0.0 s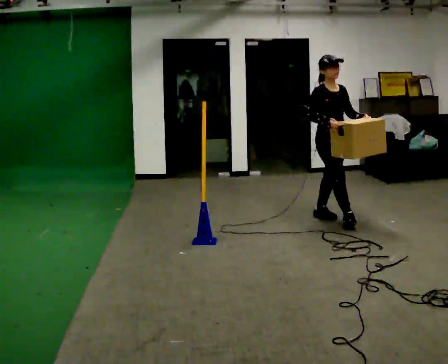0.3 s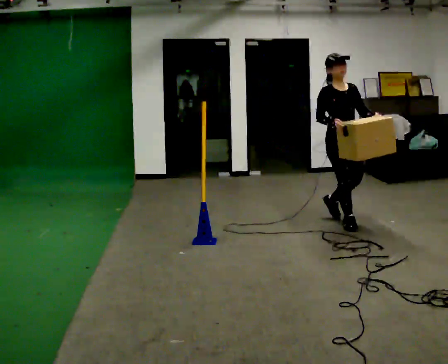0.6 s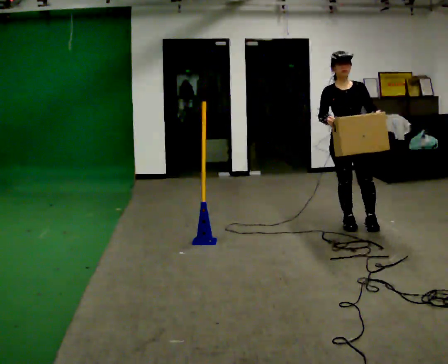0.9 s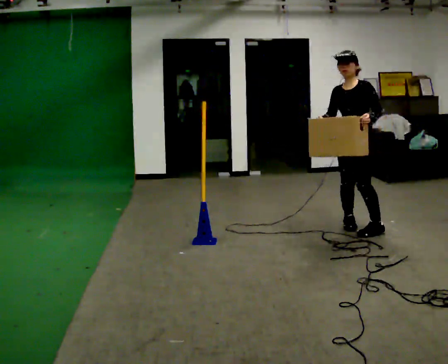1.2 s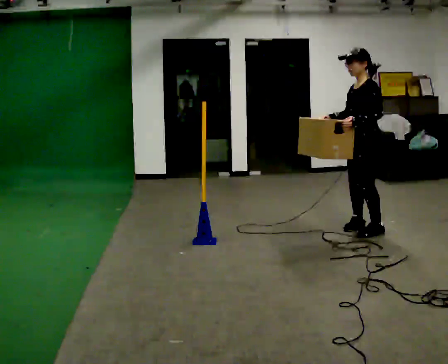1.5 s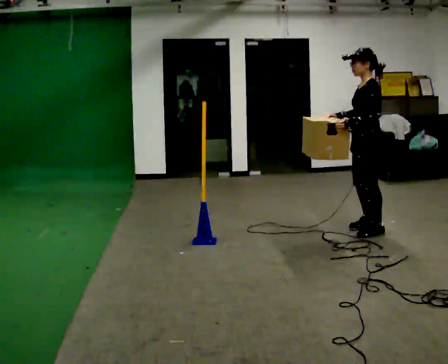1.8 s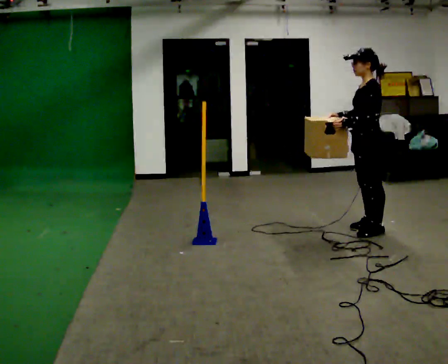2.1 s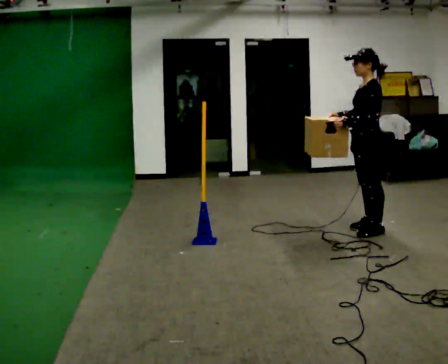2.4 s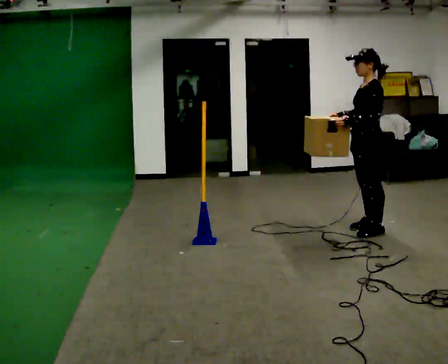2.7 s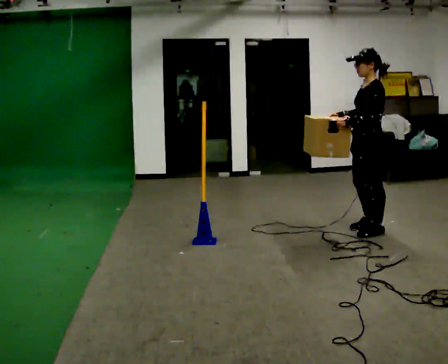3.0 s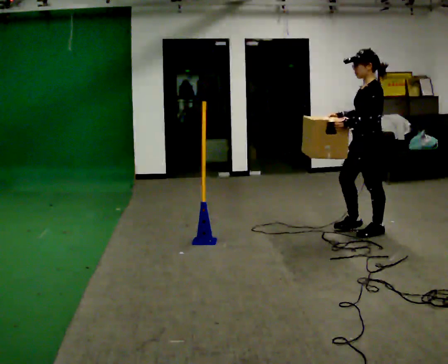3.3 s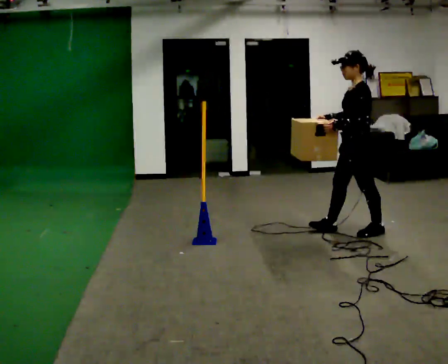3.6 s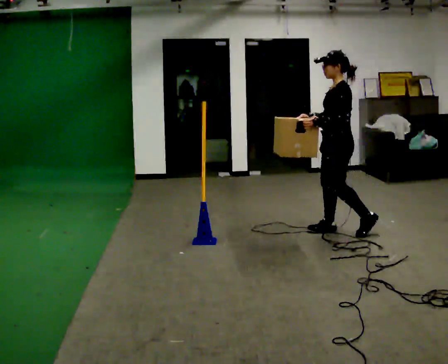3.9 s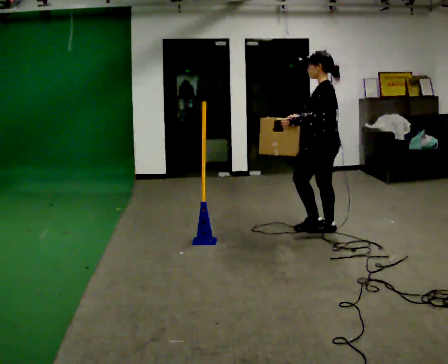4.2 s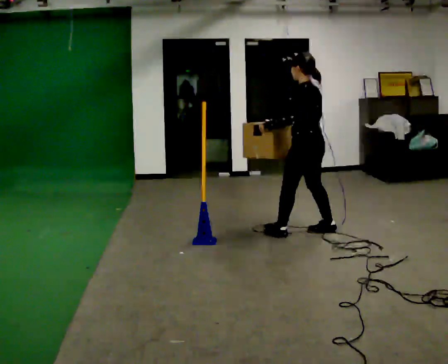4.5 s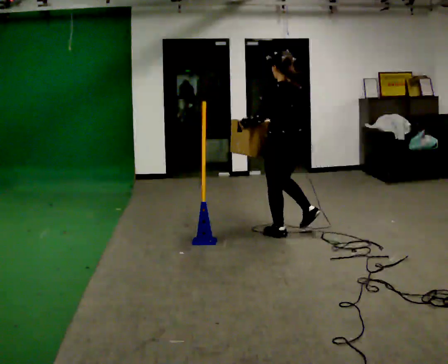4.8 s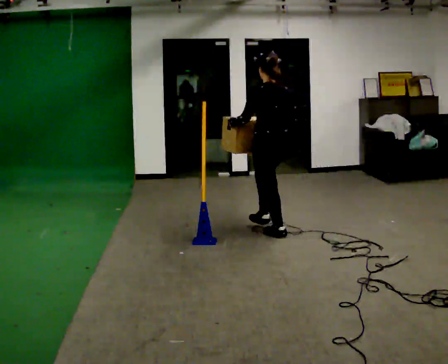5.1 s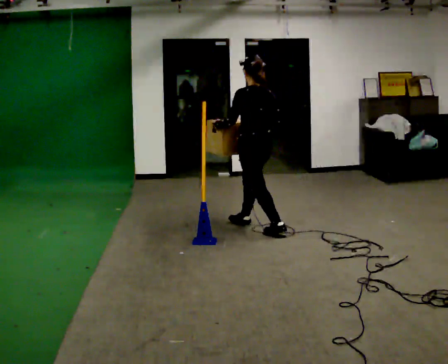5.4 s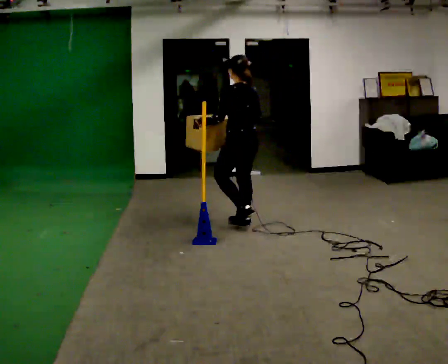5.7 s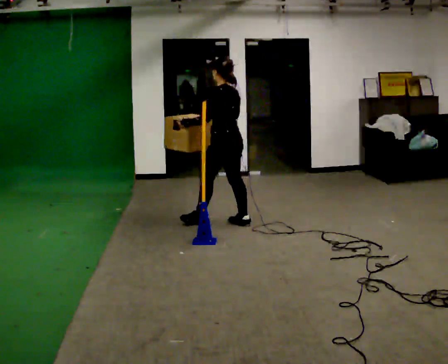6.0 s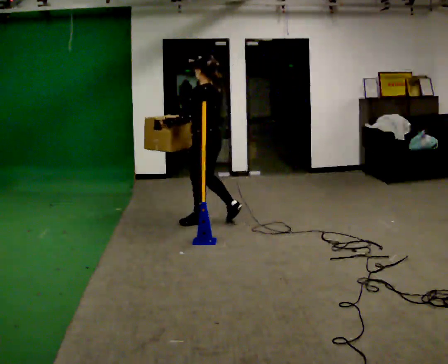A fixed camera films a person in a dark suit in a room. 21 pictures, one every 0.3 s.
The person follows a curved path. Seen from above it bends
clockwise.
0.0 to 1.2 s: The person turns about 105 degrees to their right, clockwise seen from above, so the part of the body nearest the lens slides to the left. In the picture they go to the right and toward the camera, about 0.5 m in 1 step.
1.2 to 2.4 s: The person moves a little, or ends about where they began.
2.4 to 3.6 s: In the picture they go to the left, about 0.25 m in 1 step, which for them is forward.
3.6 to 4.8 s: The part of the body nearest the lens slides to the left as the person turns to their right by about 60 degrees. In the picture they go to the left, about 0.5 m in 1 step, which for them is forward and to their left.
4.8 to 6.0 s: Seen from above the body turns counterclockwise, about 30 degrees: to their left, with its near side sliding to the right. In the picture they go to the left, about 0.75 m in 2 steps, which for them is forward.
The film runs forward here.
